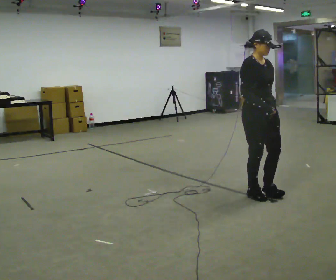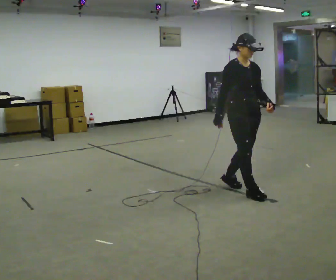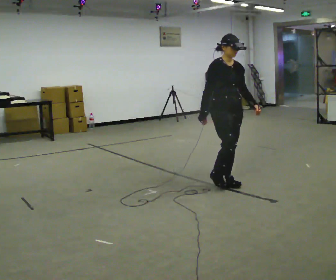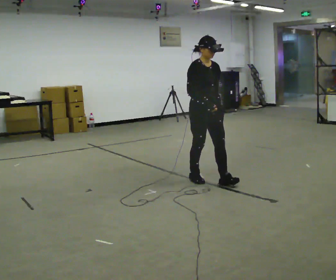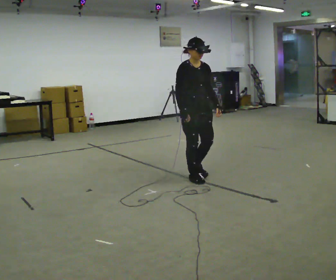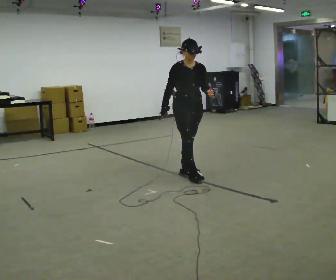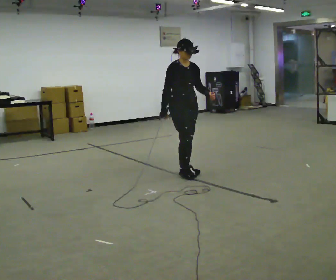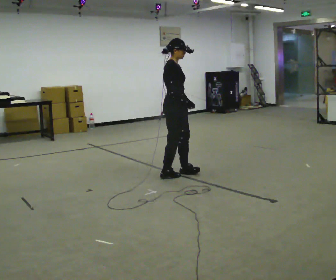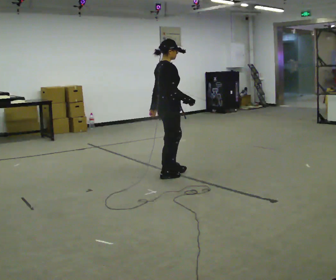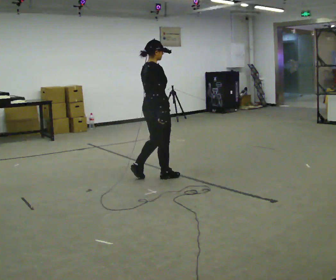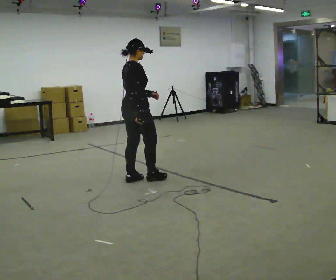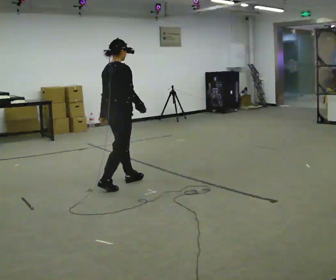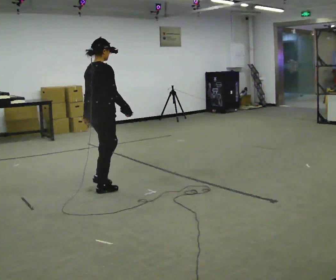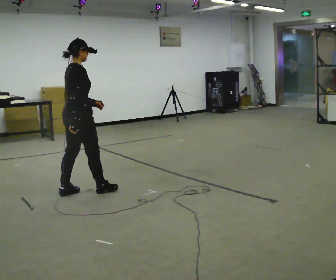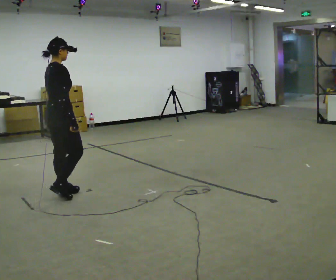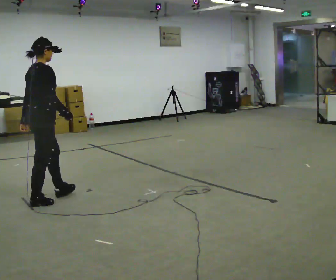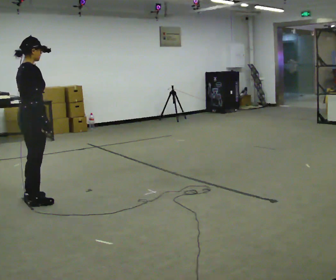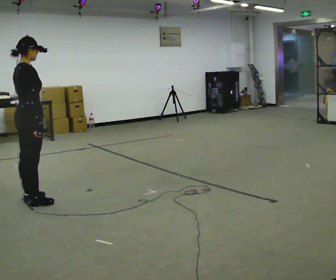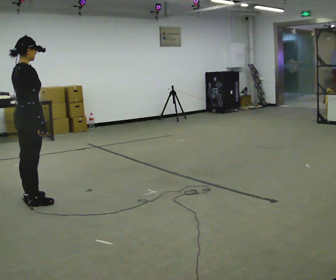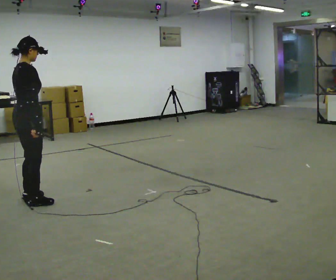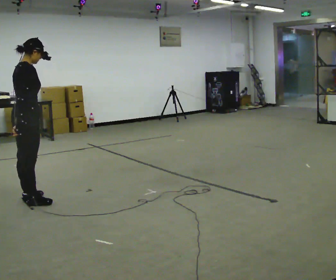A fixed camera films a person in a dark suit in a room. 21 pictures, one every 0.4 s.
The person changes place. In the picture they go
to the left.
The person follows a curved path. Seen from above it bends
counterclockwise.
0.0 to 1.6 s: In the picture they go away from the camera and to the left, about 1 m in 2 steps, which for them is backward.
1.6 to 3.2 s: The person turns about 75 degrees to their left, counterclockwise seen from above, so the part of the body nearest the lens slides to the right. In the picture they go to the left and away from the camera, about 0.25 m in 2 steps.
3.2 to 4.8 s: In the picture they go to the left and toward the camera, about 1 m in 2 steps, which for them is backward.
4.8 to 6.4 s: In the picture they go to the left and toward the camera, about 1 m in 2 steps, which for them is backward.
6.4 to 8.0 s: The person moves a little, or ends about where they began.
The film runs backward here.
